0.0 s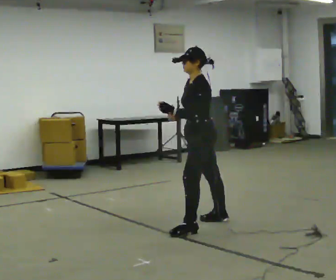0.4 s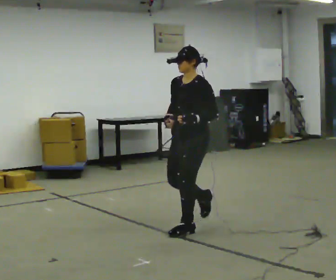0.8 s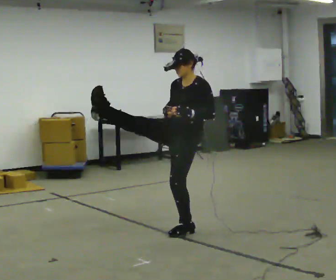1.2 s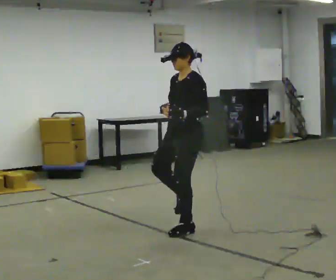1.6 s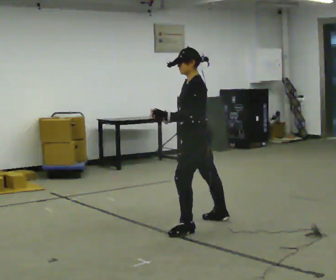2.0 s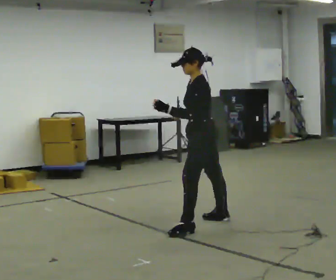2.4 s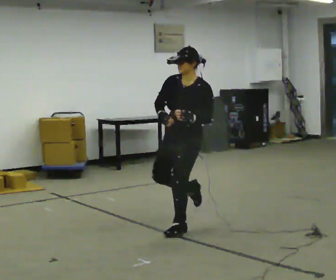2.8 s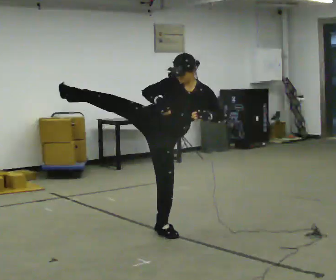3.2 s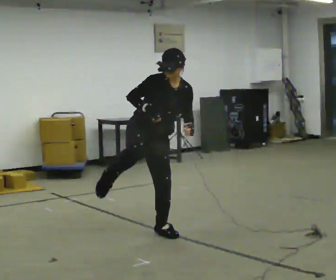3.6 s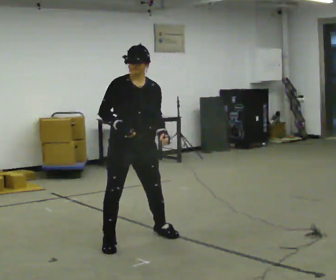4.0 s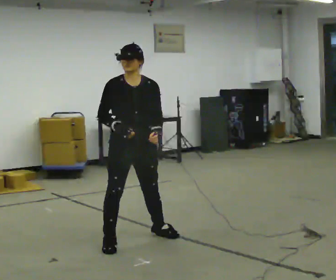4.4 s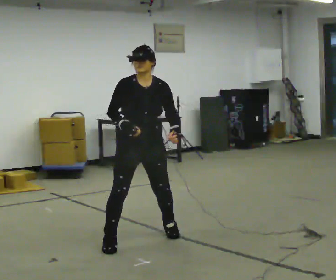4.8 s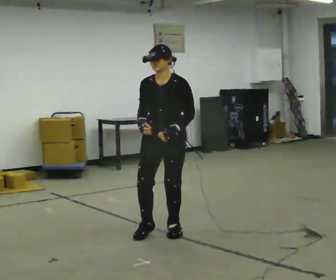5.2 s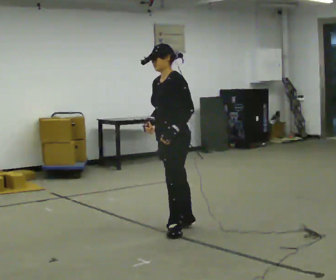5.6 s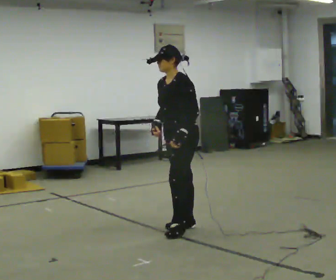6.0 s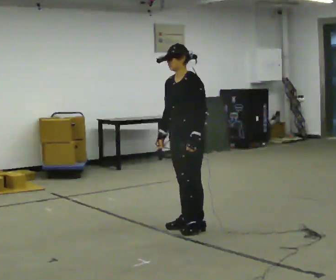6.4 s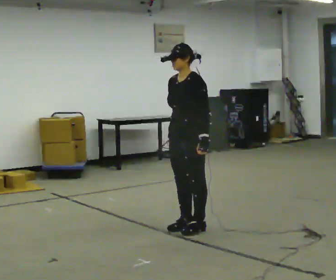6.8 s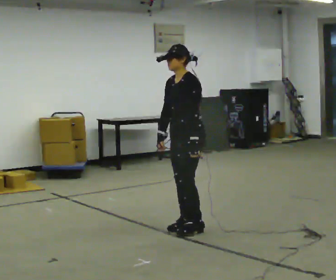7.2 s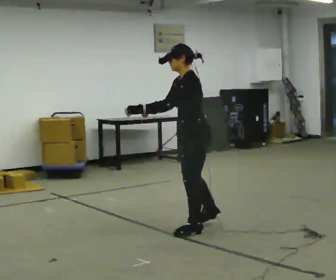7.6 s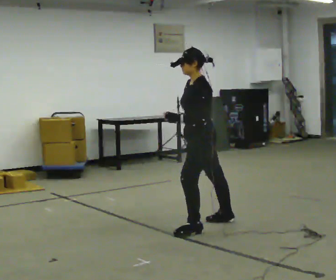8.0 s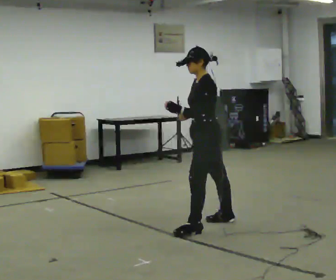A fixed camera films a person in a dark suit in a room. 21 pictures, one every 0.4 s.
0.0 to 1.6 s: The person moves a little, or ends about where they began.
1.6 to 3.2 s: Seen from above the body turns counterclockwise, about 120 degrees: to their left, with its near side sliding to the right. In the picture they go to the left and toward the camera, about 0.5 m in 1 step.
3.2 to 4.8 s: Seen from above the body turns clockwise, about 60 degrees: to their right, with its near side sliding to the left. In the picture the upper body tilts counterclockwise, shoulders to the left.
4.8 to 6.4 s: The part of the body nearest the lens slides to the left as the person turns to their right by about 30 degrees. In the picture they go to the right, about 0.25 m in 2 steps, which for them is backward. In the picture their right hand goes to the right.
6.4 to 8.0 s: Seen from above the body turns clockwise, about 30 degrees: to their right, with its near side sliding to the left. In the picture they go to the right, about 0.25 m in 1 step, which for them is backward and to their right.
The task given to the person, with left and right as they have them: Kick into the air with each leg in turn, front kicks and side kicks, at a comfortable height. Repeat the movement at your own pace until the operator says stop; do not rush.
The film runs forward here.
